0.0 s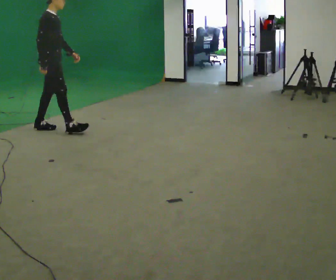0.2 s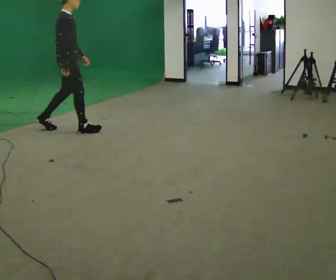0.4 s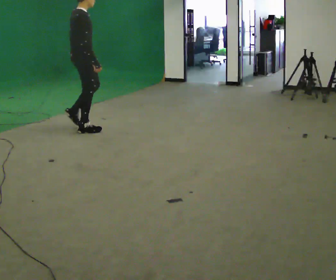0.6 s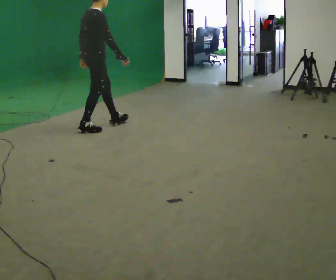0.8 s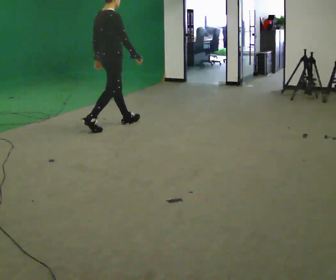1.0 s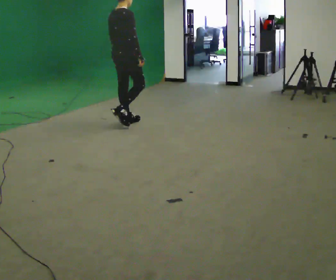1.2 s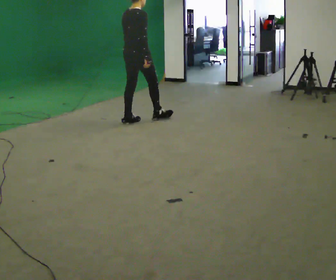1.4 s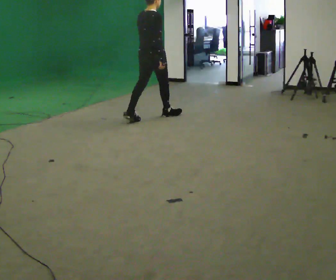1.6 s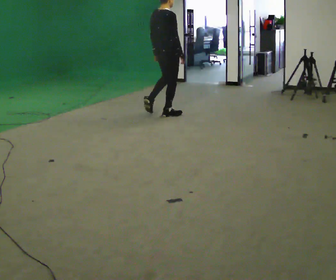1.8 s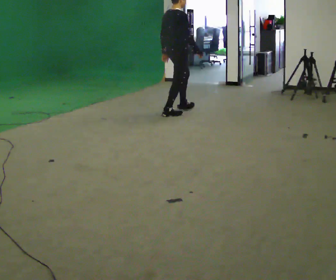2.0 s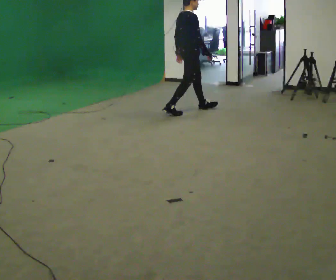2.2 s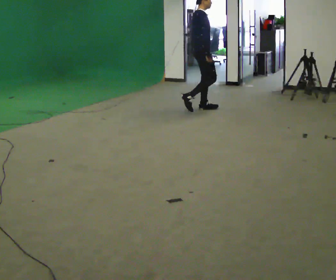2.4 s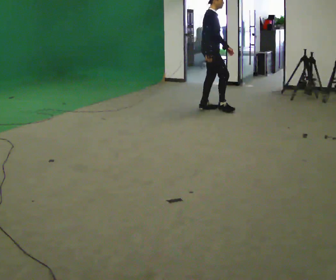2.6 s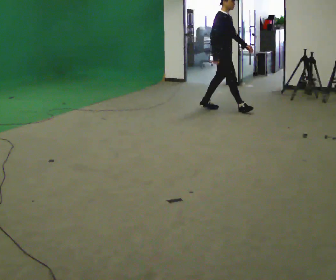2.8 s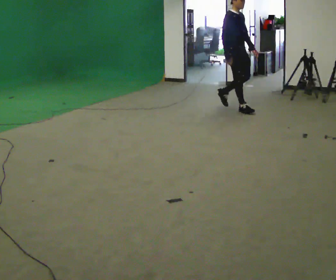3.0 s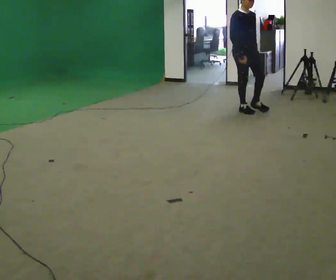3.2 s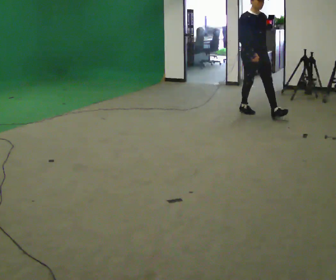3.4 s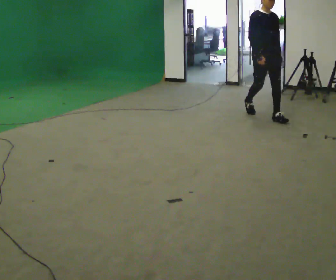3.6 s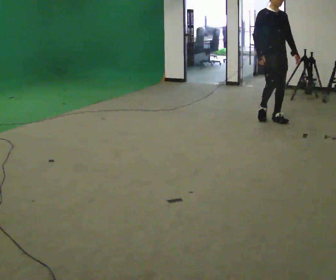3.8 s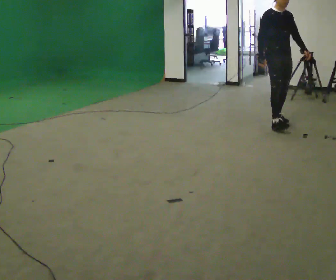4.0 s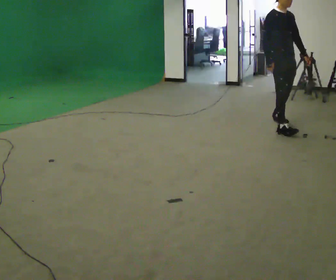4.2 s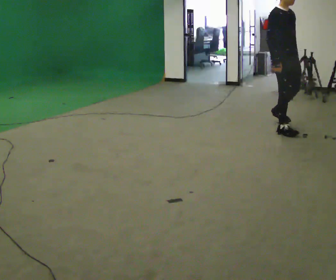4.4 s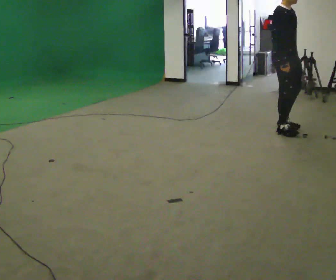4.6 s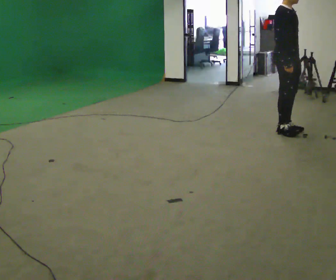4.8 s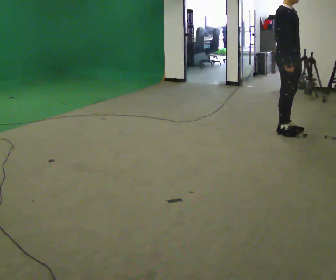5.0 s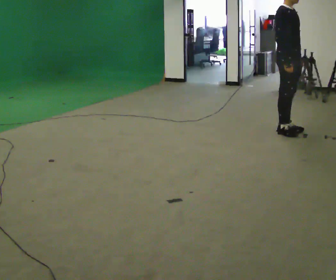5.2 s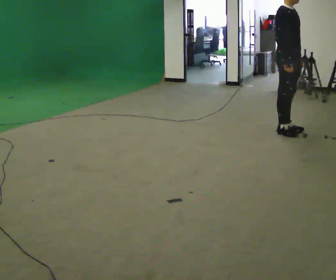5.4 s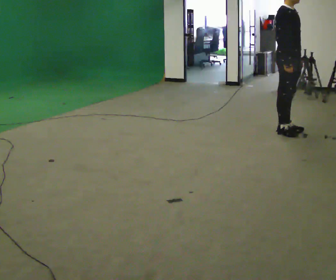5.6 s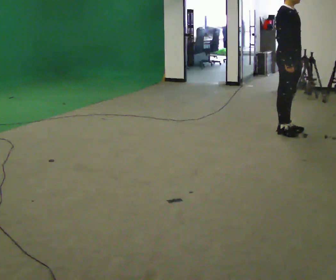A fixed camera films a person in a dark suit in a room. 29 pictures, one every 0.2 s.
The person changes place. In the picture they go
to the right.
0.0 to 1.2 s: Seen from above the body turns counterclockwise, about 45 degrees: to their left, with its near side sliding to the right. In the picture they go to the right and away from the camera, about 1 m in 2 steps, which for them is forward.
1.2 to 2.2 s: The person turns about 45 degrees to their right, clockwise seen from above, so the part of the body nearest the lens slides to the left. In the picture they go to the right and away from the camera, about 1 m in 2 steps, which for them is forward.
2.2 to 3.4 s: The part of the body nearest the lens slides to the left as the person turns to their right by about 75 degrees. In the picture they go to the right, about 1 m in 2 steps.
3.4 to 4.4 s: The part of the body nearest the lens slides to the right as the person turns to their left by about 30 degrees. In the picture they go toward the camera, about 0.75 m in 1 step, which for them is forward and to their right.
4.4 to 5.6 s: The person moves a little, or ends about where they began.
The film runs forward here.
